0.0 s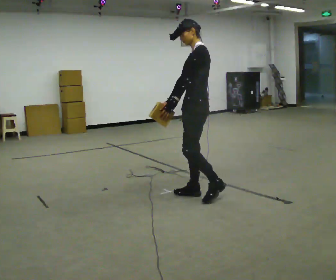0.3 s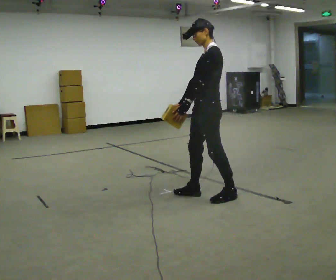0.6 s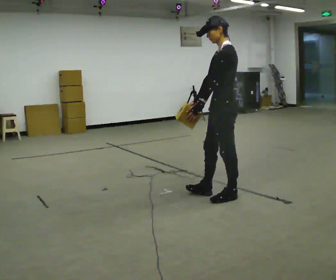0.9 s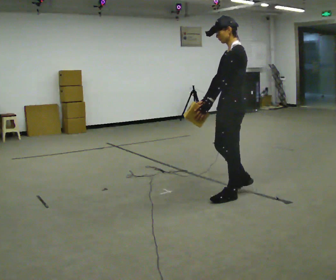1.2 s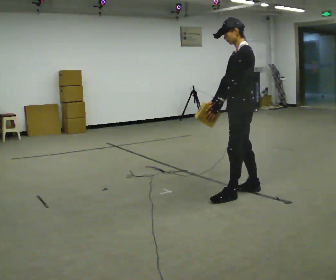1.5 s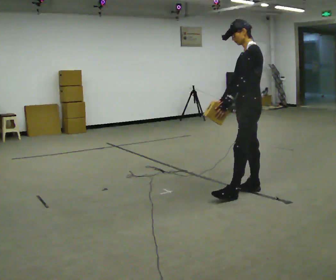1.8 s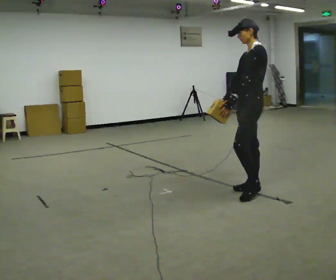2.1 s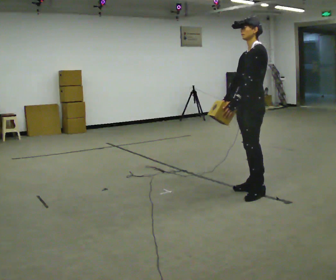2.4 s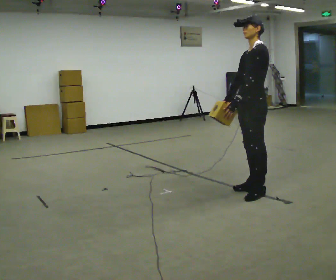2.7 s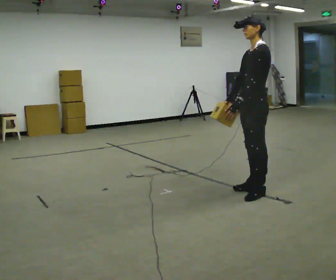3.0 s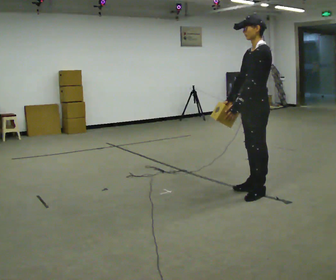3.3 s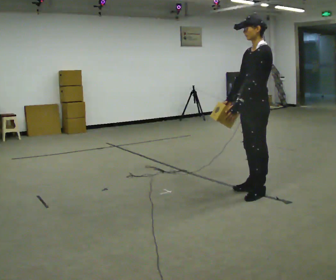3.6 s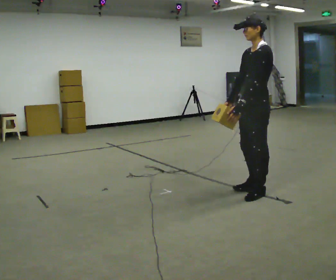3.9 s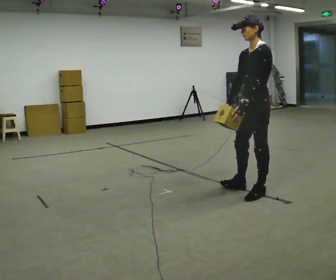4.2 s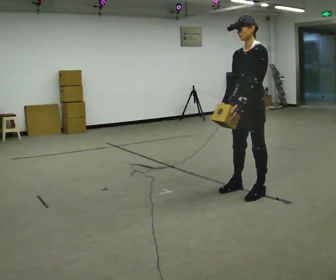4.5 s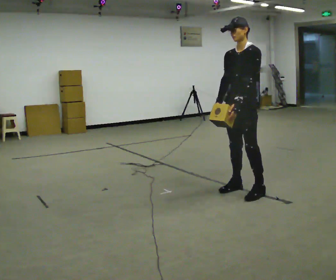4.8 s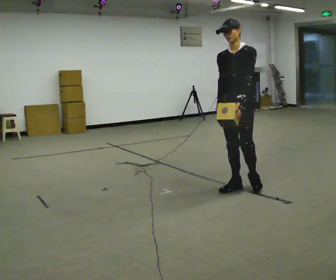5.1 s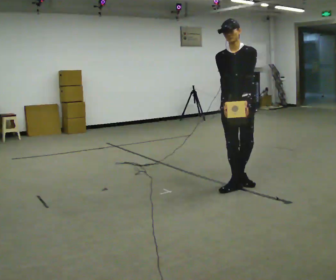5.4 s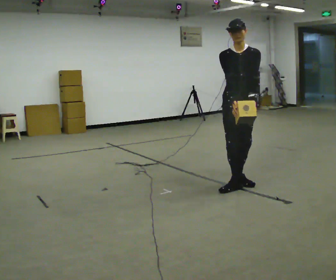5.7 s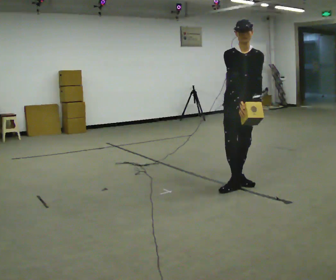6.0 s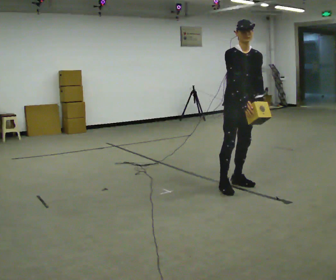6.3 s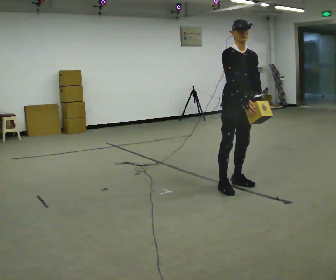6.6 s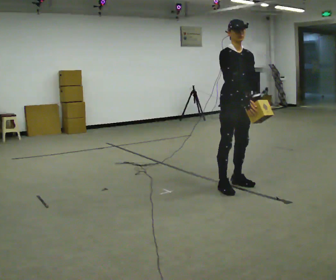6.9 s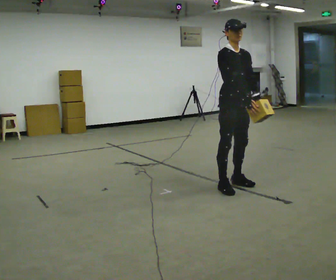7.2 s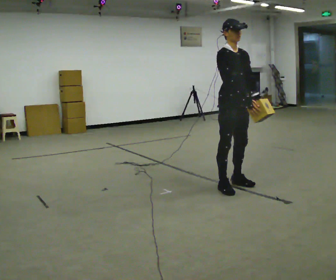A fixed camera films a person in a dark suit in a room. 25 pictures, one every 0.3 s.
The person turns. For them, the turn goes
to their left.
The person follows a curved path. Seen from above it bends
counterclockwise.
0.0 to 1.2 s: In the picture they go to the right, about 0.5 m in 1 step, which for them is backward.
1.2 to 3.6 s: The person moves a little, or ends about where they began.
3.6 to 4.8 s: The person turns about 45 degrees to their left, counterclockwise seen from above, so the part of the body nearest the lens slides to the right. In the picture they go to the left and away from the camera, about 0.25 m in 2 steps, which for them is to their right.
4.8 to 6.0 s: Seen from above the body turns counterclockwise, about 45 degrees: to their left, with its near side sliding to the right.
6.0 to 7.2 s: The person moves a little, or ends about where they began.
The film runs backward here.
